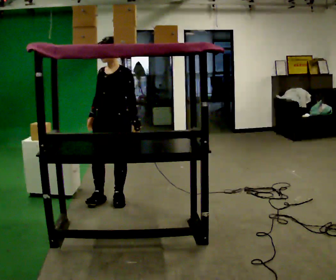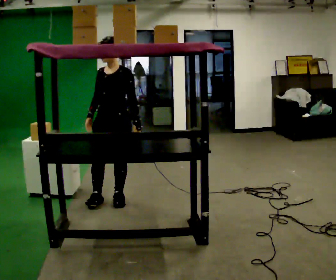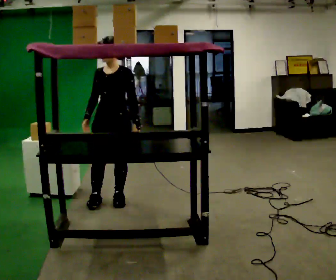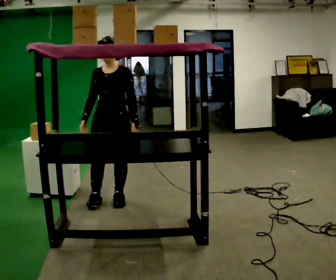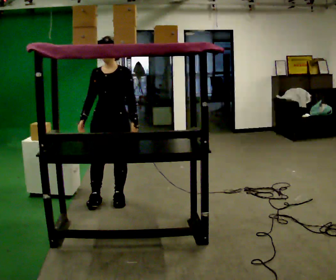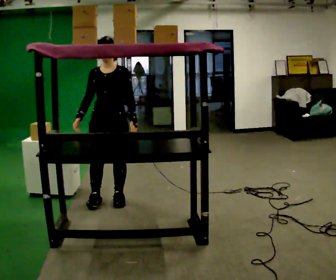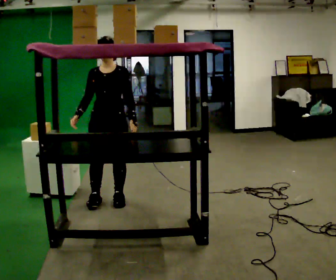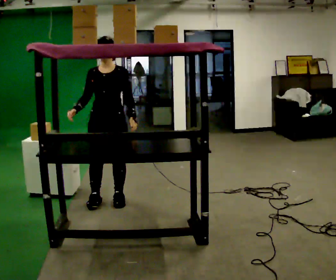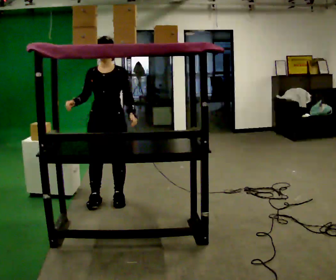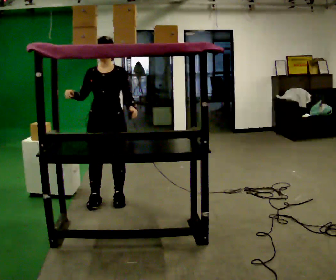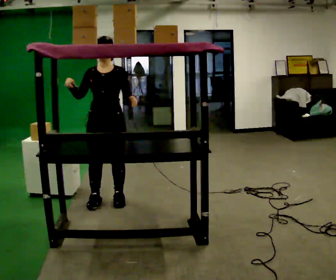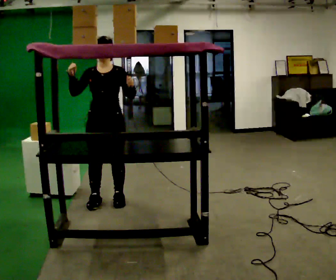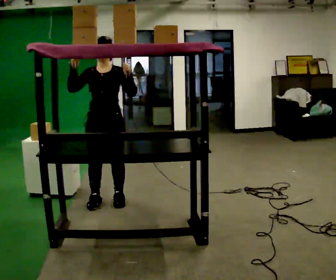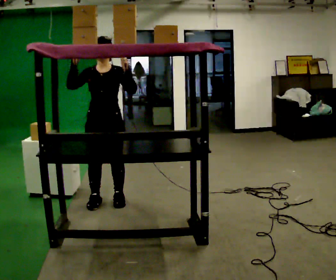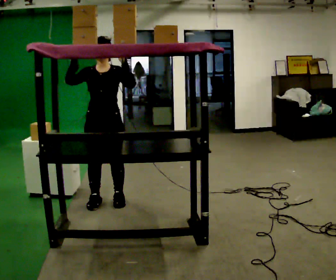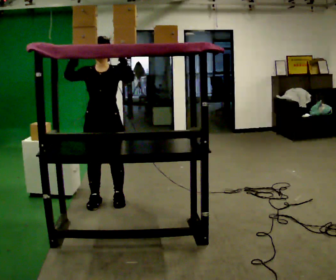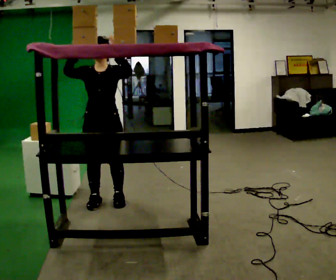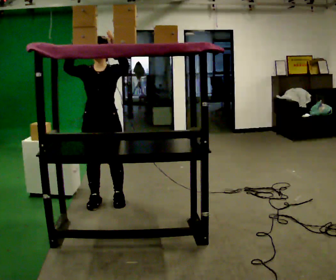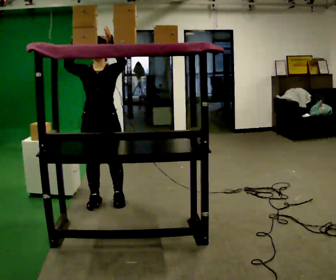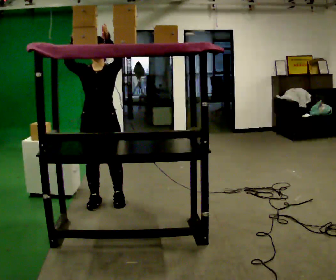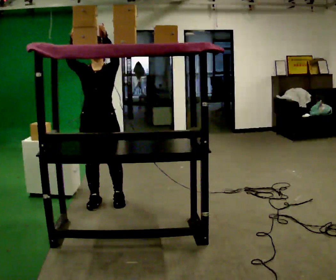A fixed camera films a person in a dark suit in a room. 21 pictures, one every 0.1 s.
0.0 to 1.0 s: Seen from above the body turns counterclockwise, about 30 degrees: to their left, with its near side sliding to the right.
1.0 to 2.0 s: In the picture their left hand goes upward.
The film runs backward here.
